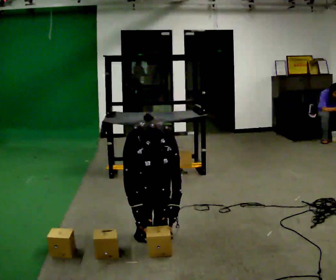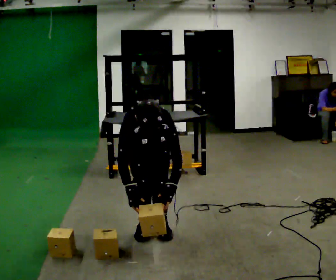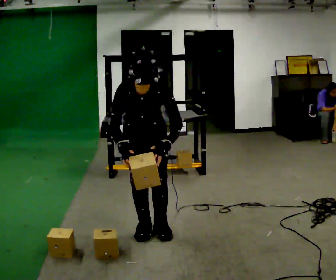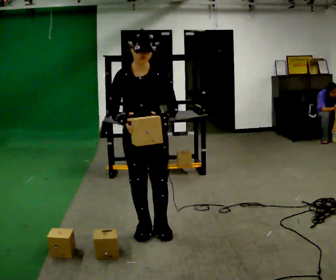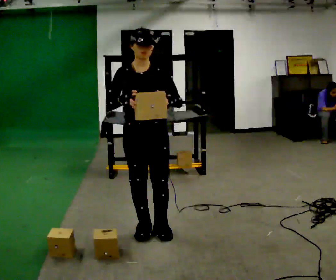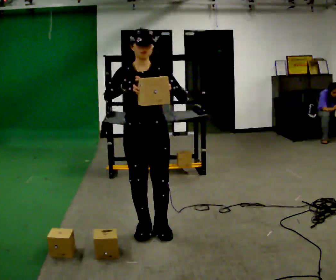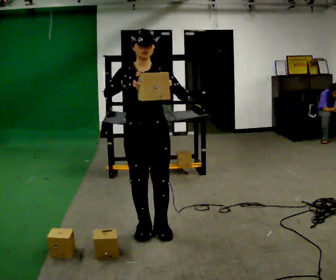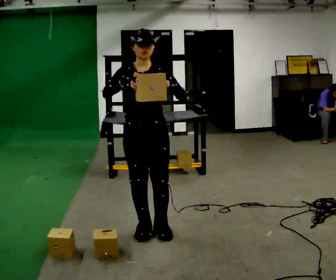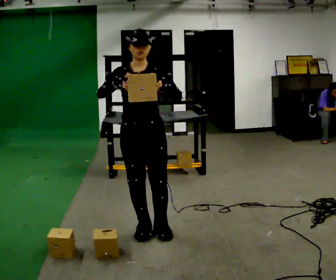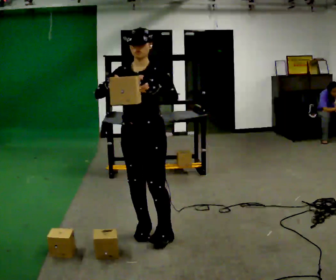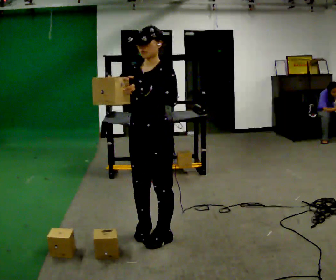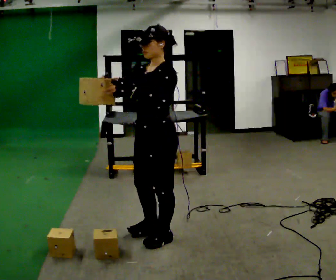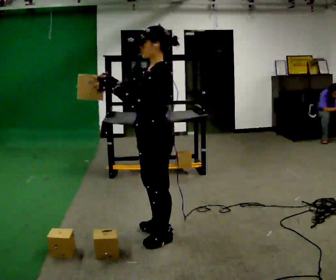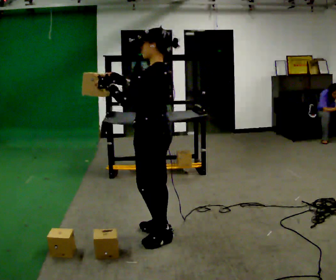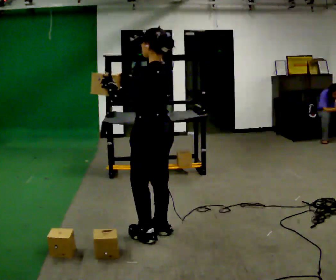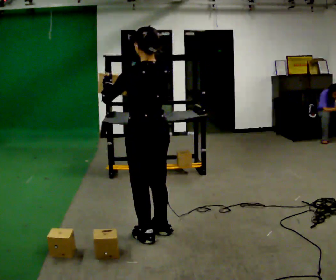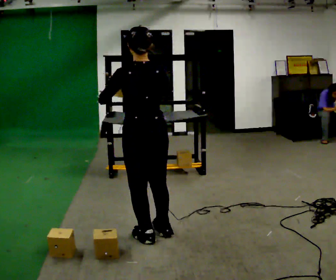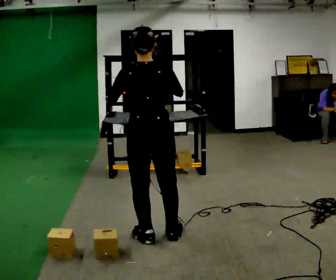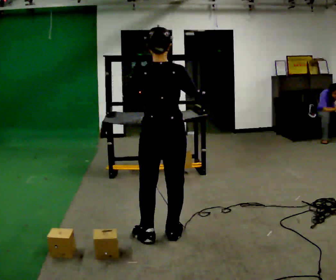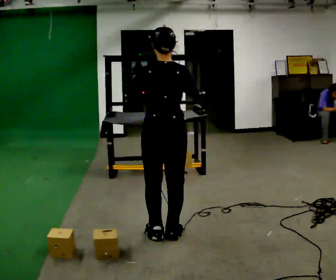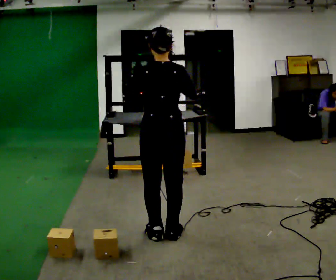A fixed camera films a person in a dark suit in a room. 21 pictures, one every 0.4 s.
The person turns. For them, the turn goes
to their right.
Their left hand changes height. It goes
upward.
0.0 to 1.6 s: The shoulders move upward. The upper body tips away from the camera, its near side rolling upward, as they lean back or straighten. In the picture their right hand goes upward.
1.6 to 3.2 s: The person moves a little, or ends about where they began.
3.2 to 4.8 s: Seen from above the body turns clockwise, about 90 degrees: to their right, with its near side sliding to the left.
4.8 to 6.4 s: The part of the body nearest the lens slides to the left as the person turns to their right by about 75 degrees.
6.4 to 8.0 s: The person moves a little, or ends about where they began.
The film runs forward here.
